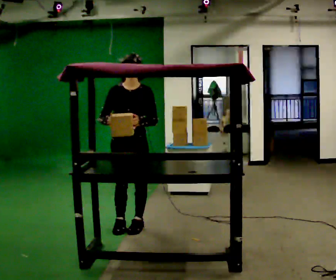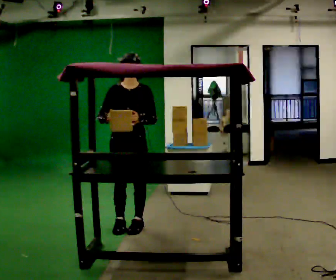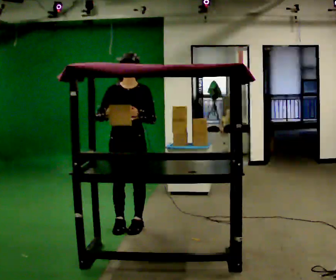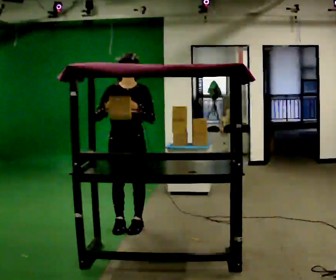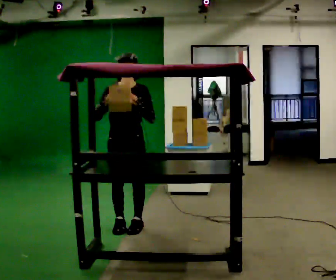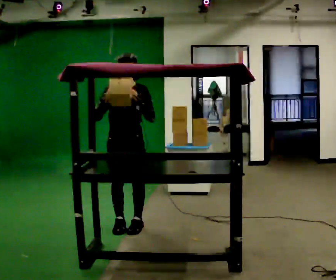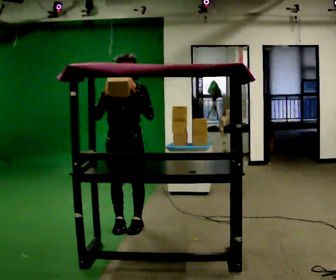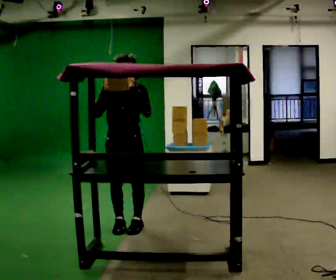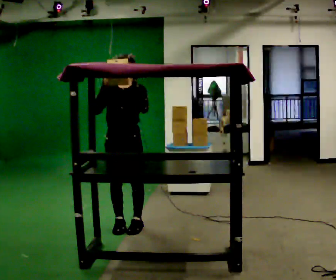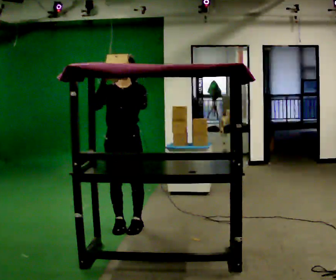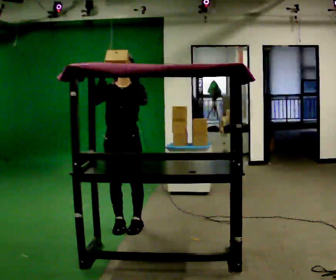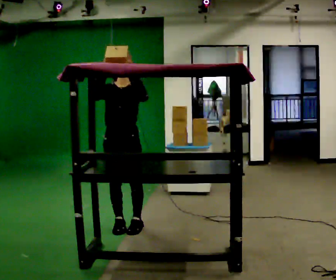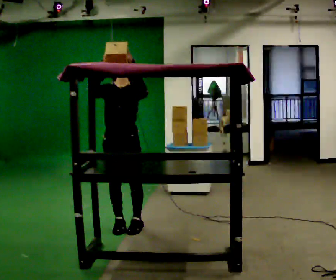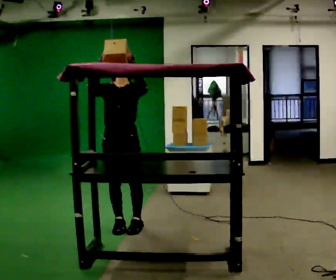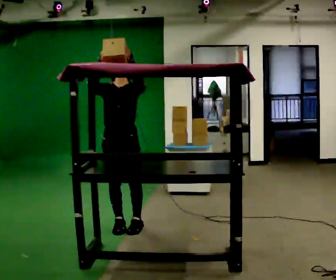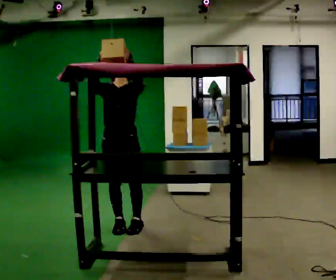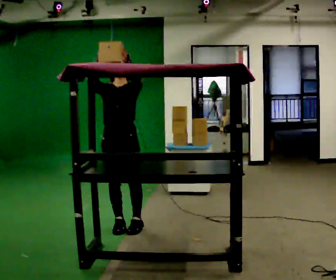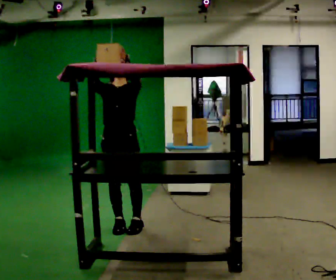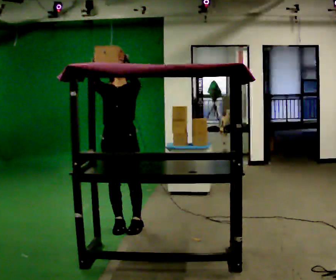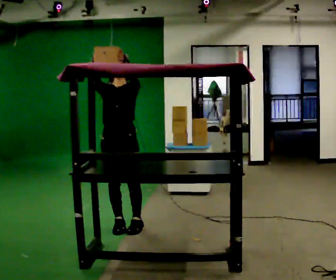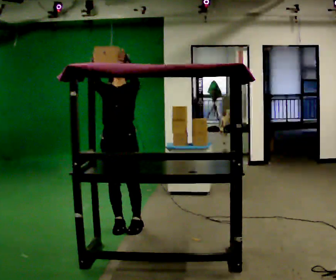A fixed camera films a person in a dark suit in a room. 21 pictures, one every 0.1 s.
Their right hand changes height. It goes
upward.
Their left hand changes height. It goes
upward.
0.0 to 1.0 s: In the picture their left hand goes upward.
1.0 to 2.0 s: The person moves a little, or ends about where they began.
The film runs backward here.
